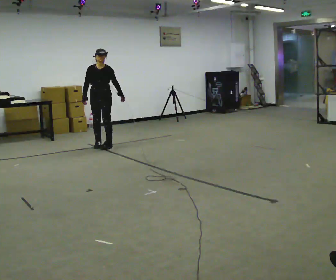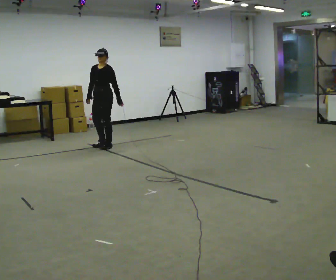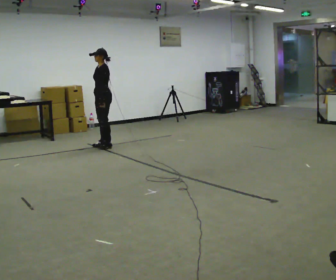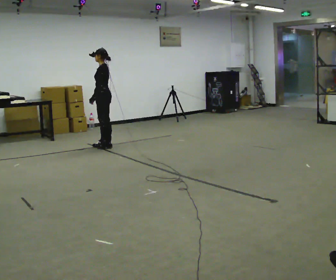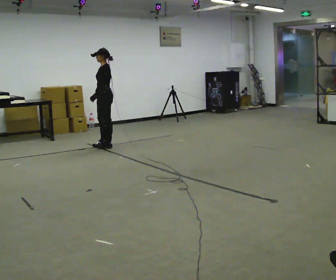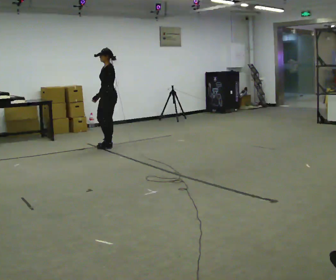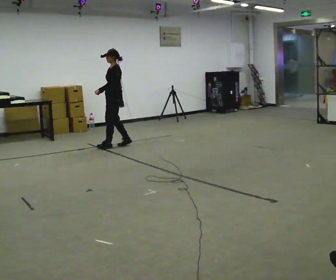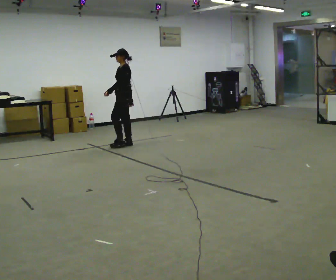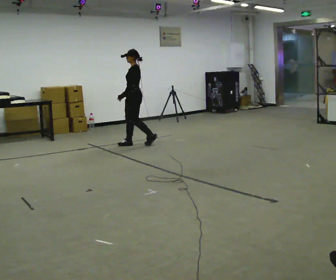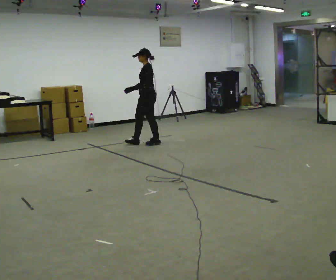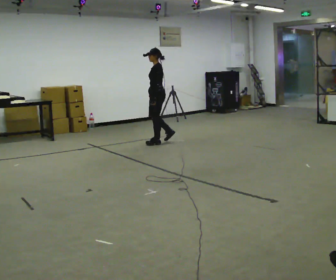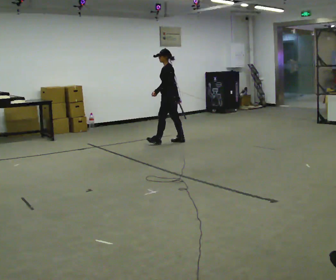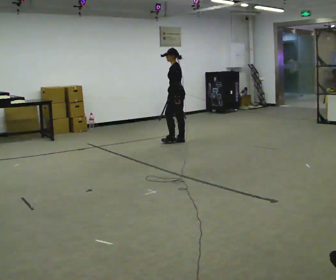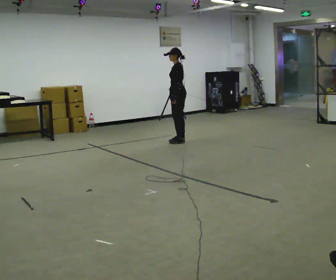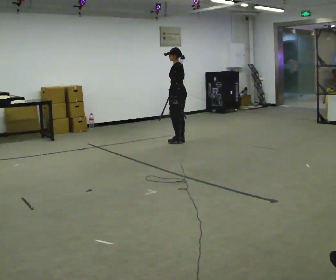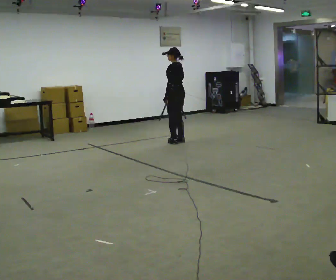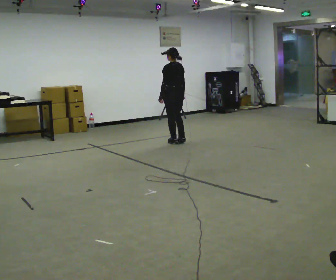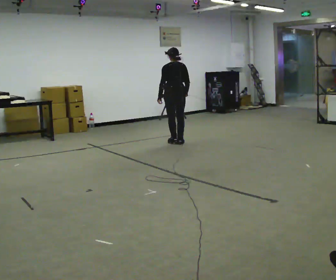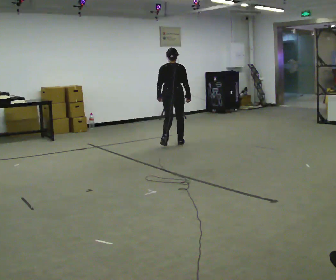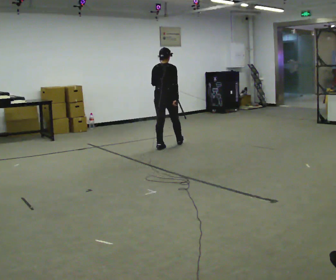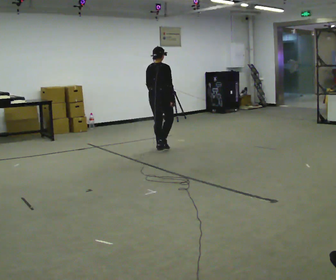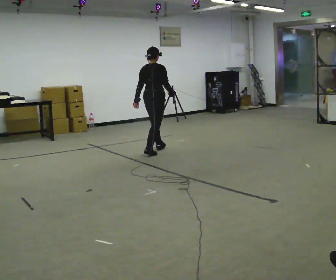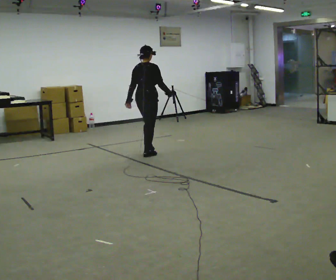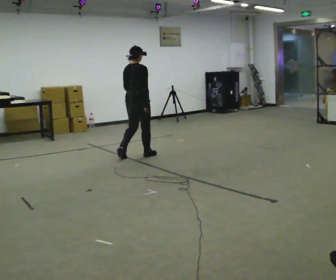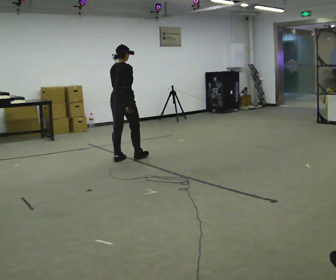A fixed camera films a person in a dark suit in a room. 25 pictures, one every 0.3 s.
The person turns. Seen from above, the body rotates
clockwise.
The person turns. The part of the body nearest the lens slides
to the left.
0.0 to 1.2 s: Seen from above the body turns clockwise, about 75 degrees: to their right, with its near side sliding to the left. In the picture their left hand goes to the left, the arm swinging clockwise.
1.2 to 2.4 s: In the picture they go to the right and away from the camera, about 0.5 m in 2 steps, which for them is backward.
2.4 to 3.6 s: In the picture they go to the right, about 0.5 m in 2 steps, which for them is backward.
3.6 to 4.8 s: The part of the body nearest the lens slides to the left as the person turns to their right by about 45 degrees.
4.8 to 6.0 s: Seen from above the body turns clockwise, about 75 degrees: to their right, with its near side sliding to the left. In the picture they go toward the camera and to the left, about 0.5 m in 2 steps.
6.0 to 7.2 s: In the picture they go toward the camera and to the left, about 1 m in 2 steps, which for them is backward.
The film runs backward here.
